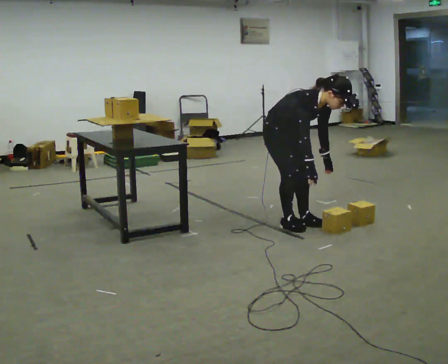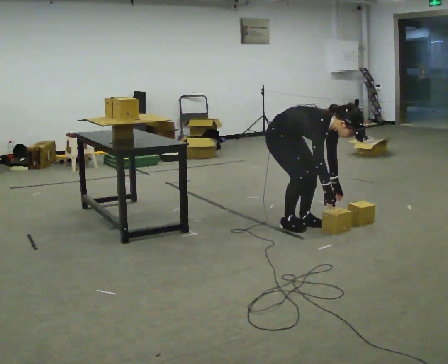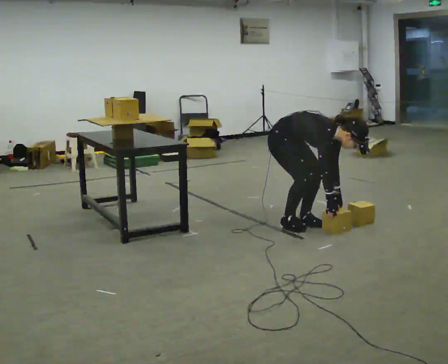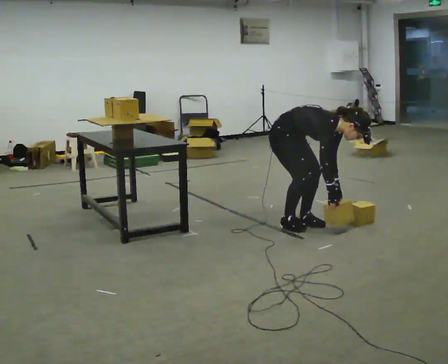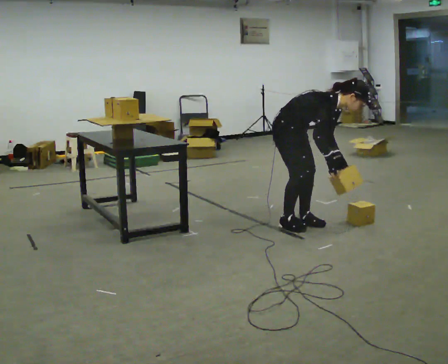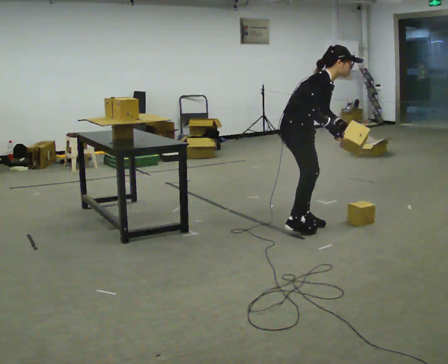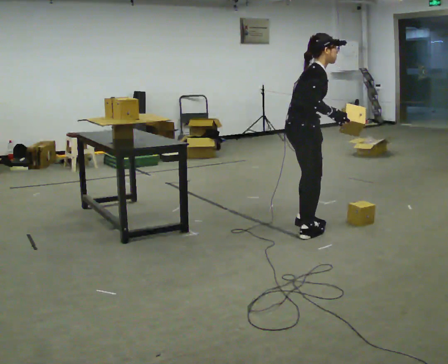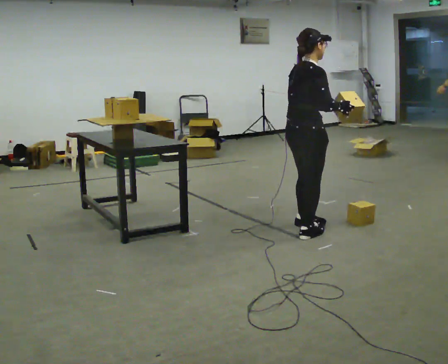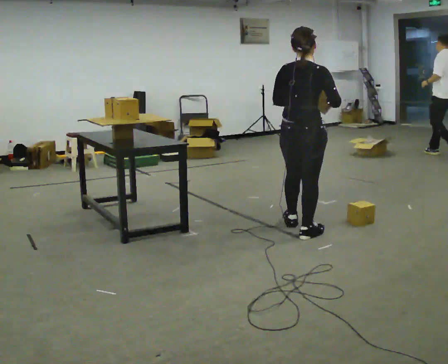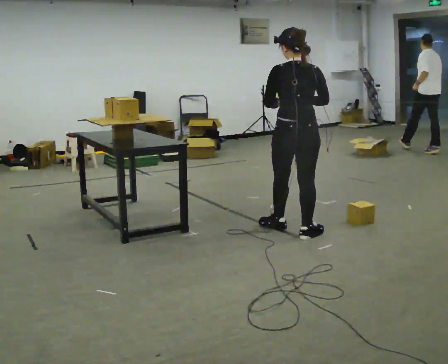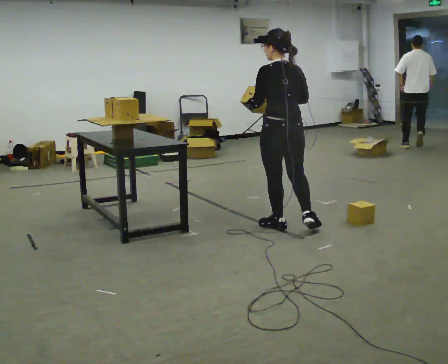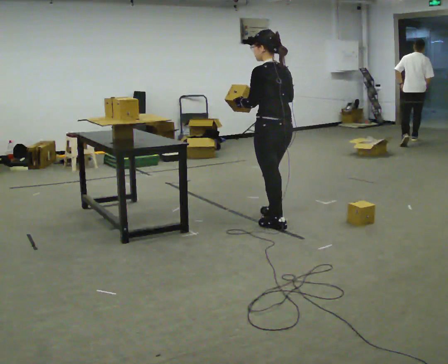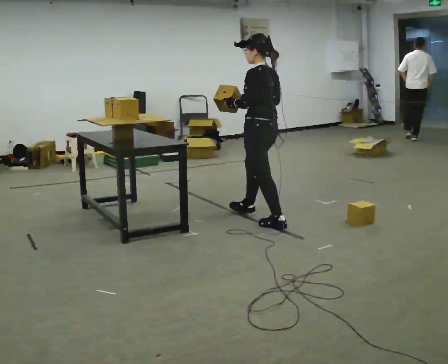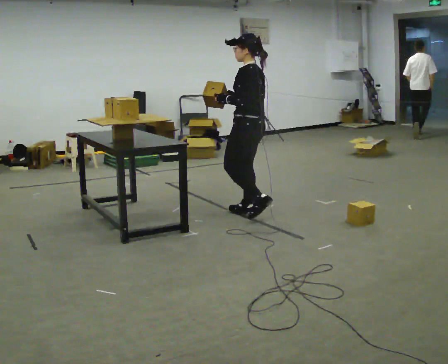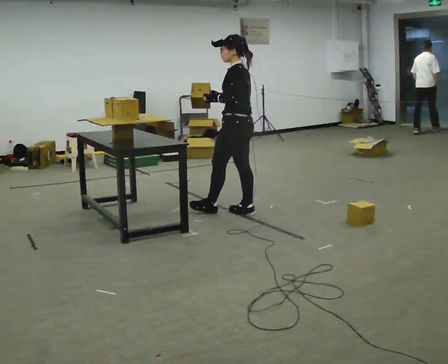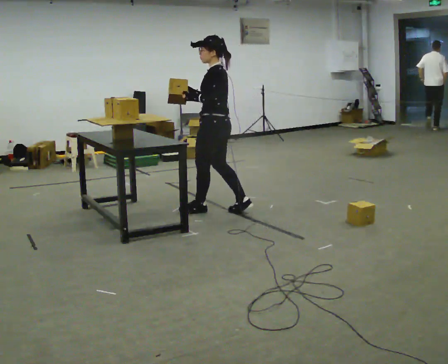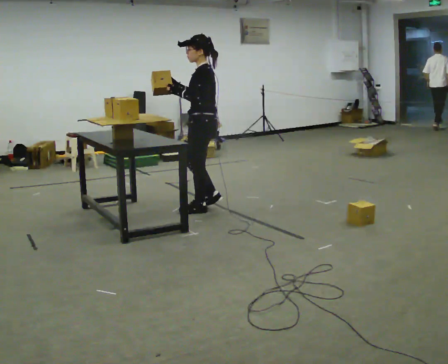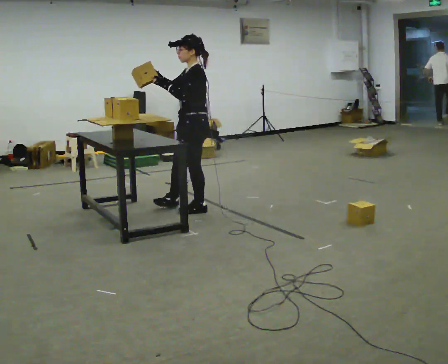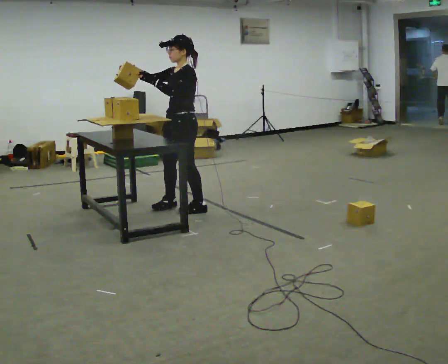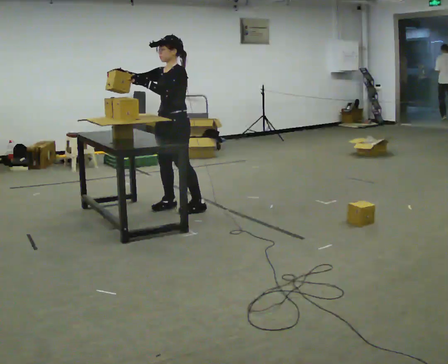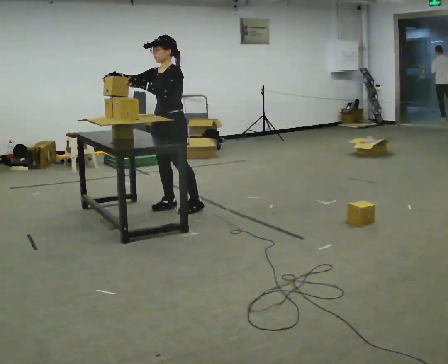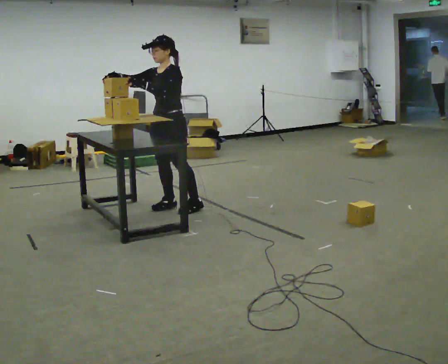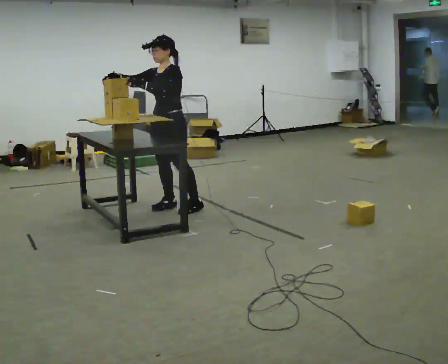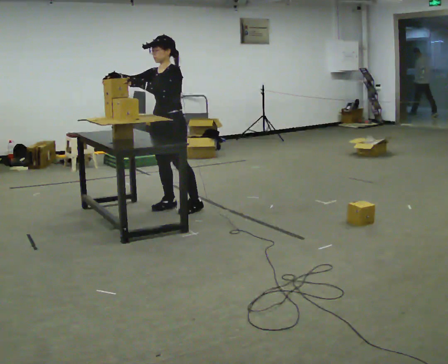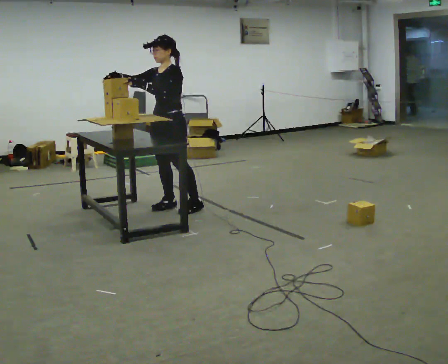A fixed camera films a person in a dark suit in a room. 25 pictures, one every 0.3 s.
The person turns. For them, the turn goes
to their left.
The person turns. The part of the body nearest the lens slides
to the right.
0.0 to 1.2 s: The person moves a little, or ends about where they began.
1.2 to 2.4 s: The part of the body nearest the lens slides to the right as the person turns to their left by about 75 degrees. In the picture they go toward the camera, about 0.25 m in 1 step. The shoulders move upward. In the picture the upper body tilts counterclockwise, shoulders to the left, as they lean back or straighten. In the picture their right hand goes upward, the arm swinging counterclockwise.
2.4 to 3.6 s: The person turns about 90 degrees to their left, counterclockwise seen from above, so the part of the body nearest the lens slides to the right. In the picture they go away from the camera and to the left, about 0.5 m in 2 steps.
3.6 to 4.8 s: The person turns about 30 degrees to their left, counterclockwise seen from above, so the part of the body nearest the lens slides to the right. In the picture they go to the left and away from the camera, about 0.5 m in 1 step, which for them is forward.
4.8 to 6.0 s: The person turns about 45 degrees to their left, counterclockwise seen from above, so the part of the body nearest the lens slides to the right. In the picture they go to the left, about 0.25 m in 1 step, which for them is to their right and forward.
6.0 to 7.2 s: The person keeps their place and pose.
The film runs forward here.
